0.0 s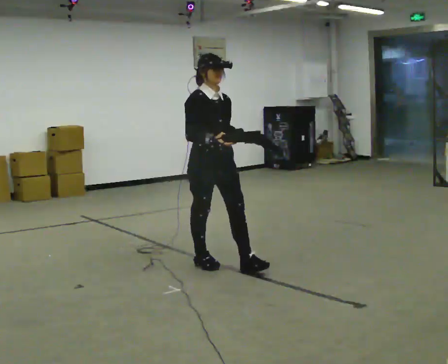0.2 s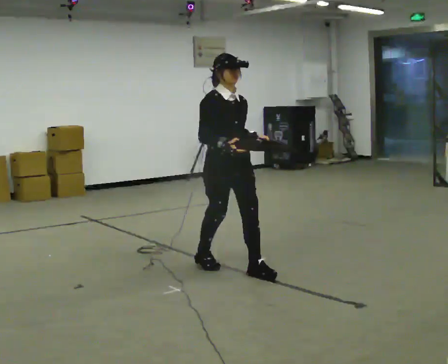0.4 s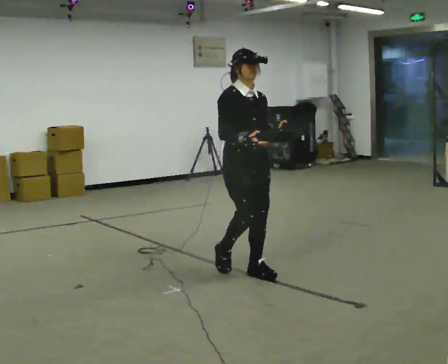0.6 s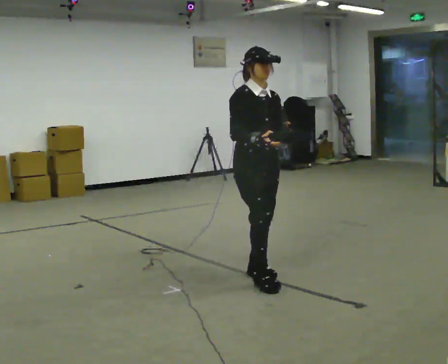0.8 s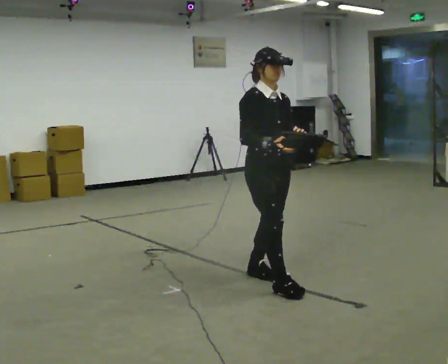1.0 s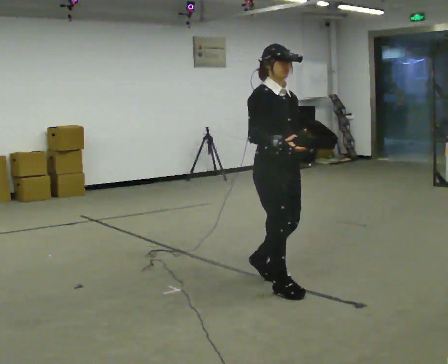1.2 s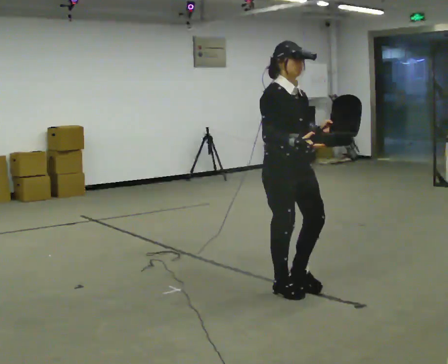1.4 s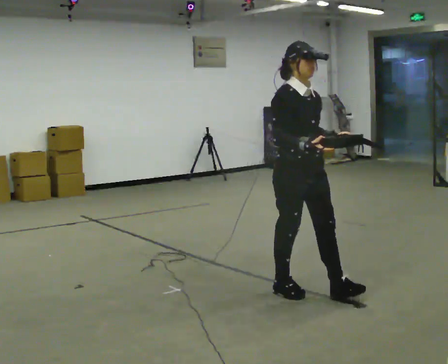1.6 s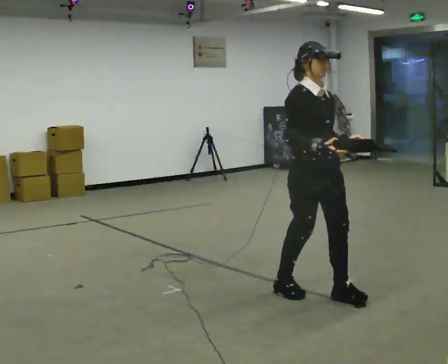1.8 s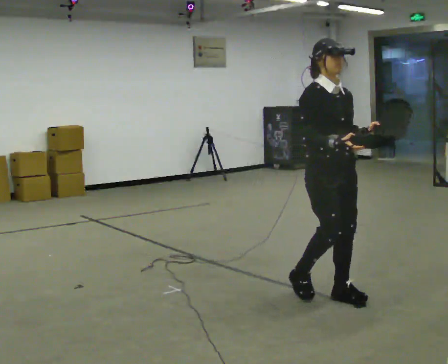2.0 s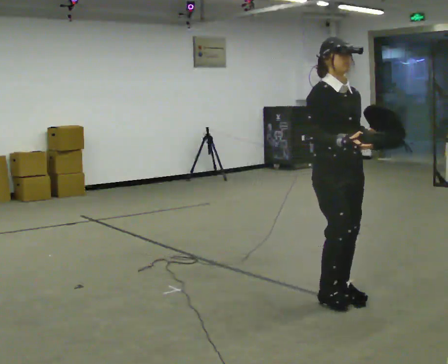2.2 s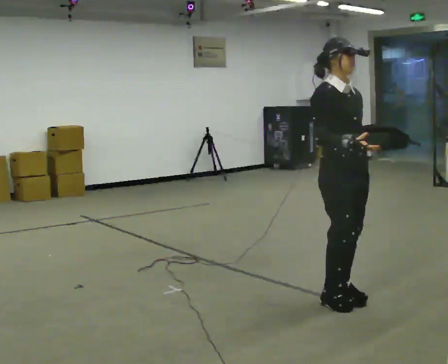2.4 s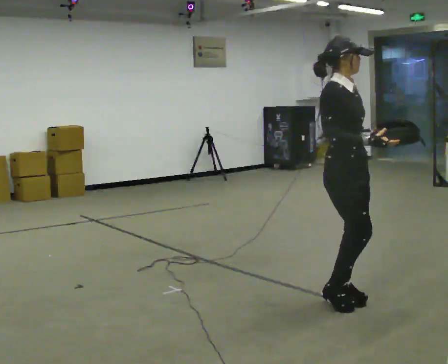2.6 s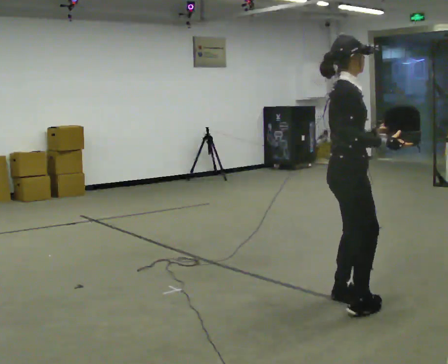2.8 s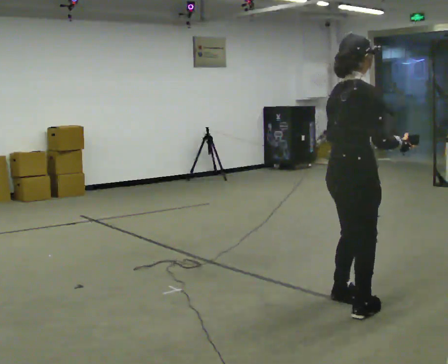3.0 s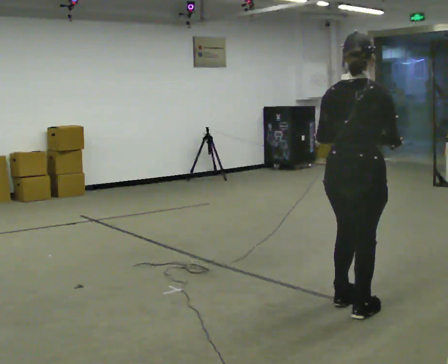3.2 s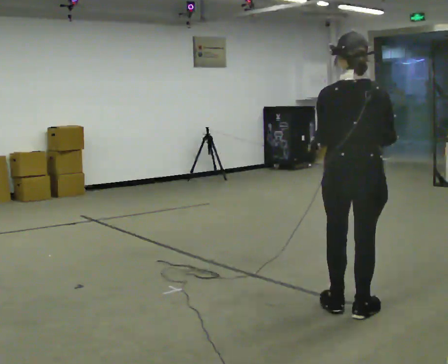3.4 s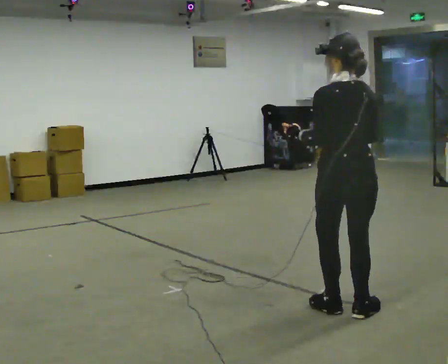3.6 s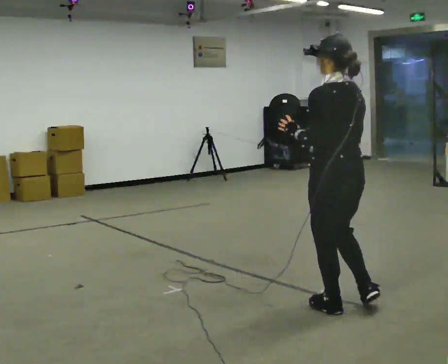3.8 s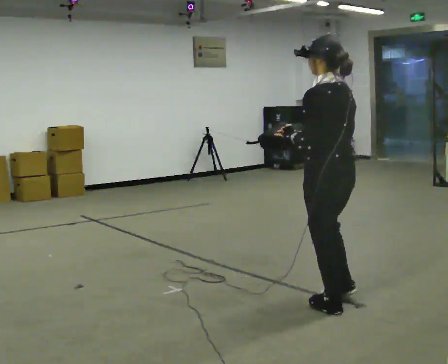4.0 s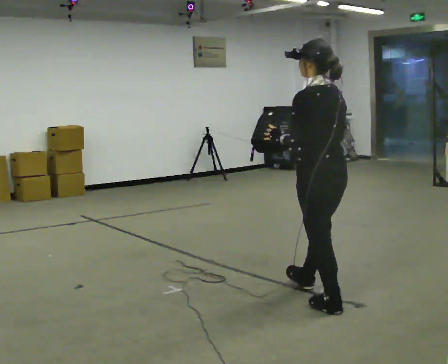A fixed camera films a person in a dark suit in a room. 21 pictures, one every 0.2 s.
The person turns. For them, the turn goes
to their left.
The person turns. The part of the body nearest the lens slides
to the right.
0.0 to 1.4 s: In the picture they go to the right and toward the camera, about 1 m in 2 steps, which for them is forward.
1.4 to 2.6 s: Seen from above the body turns counterclockwise, about 45 degrees: to their left, with its near side sliding to the right. In the picture they go to the right and toward the camera, about 0.25 m in 2 steps, which for them is forward.
2.6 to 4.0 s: The part of the body nearest the lens slides to the right as the person turns to their left by about 135 degrees. In the picture their right hand goes to the left.
The film runs forward here.
